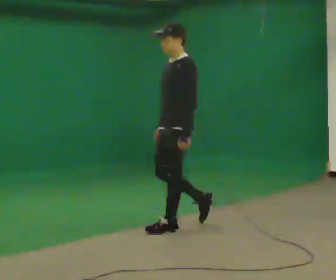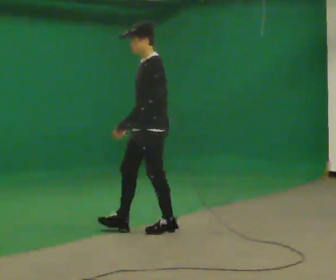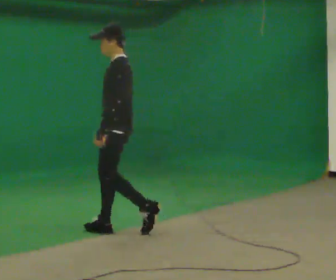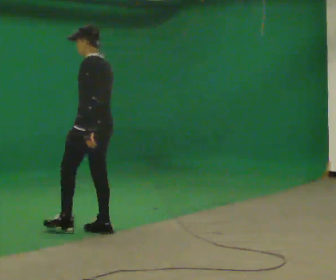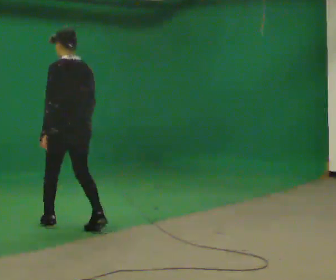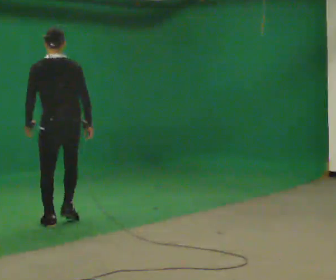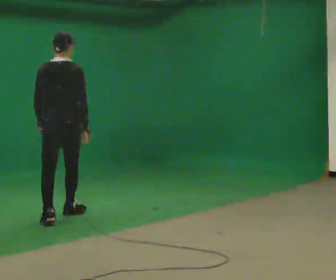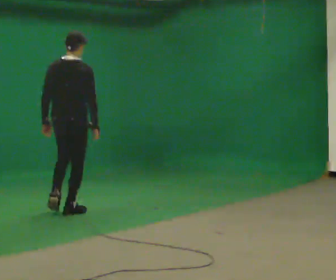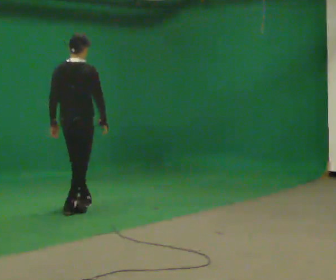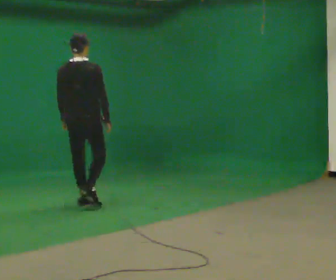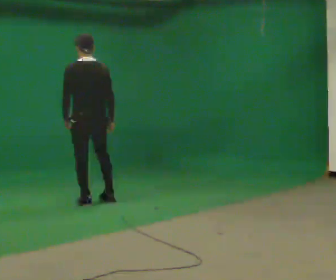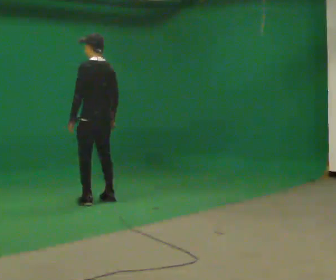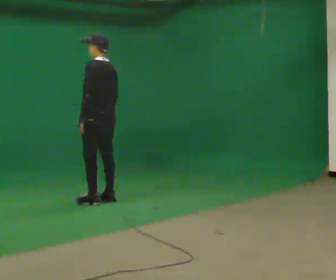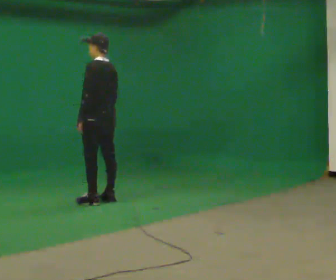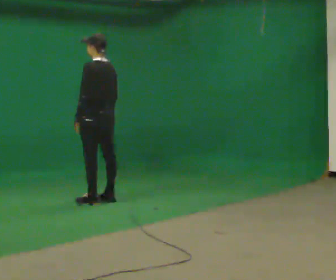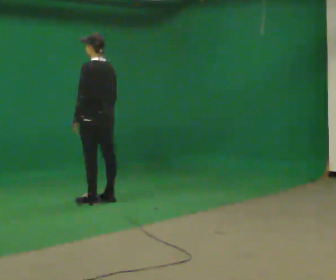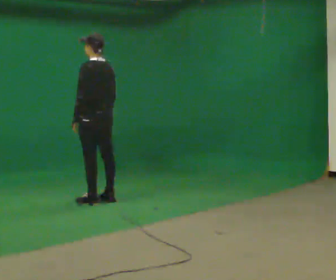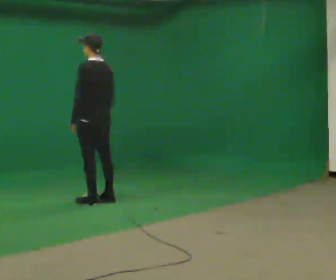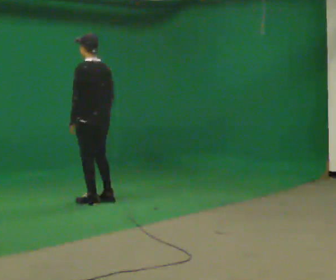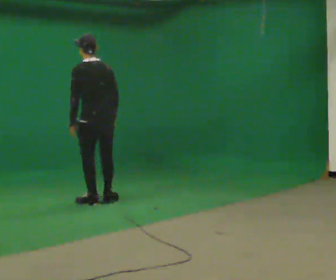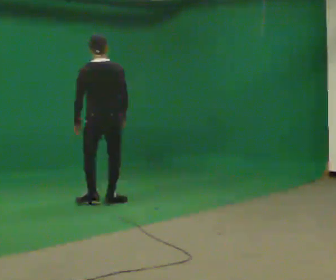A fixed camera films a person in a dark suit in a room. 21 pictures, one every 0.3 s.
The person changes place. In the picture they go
away from the camera.
The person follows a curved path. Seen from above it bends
clockwise.
0.0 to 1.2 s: The part of the body nearest the lens slides to the left as the person turns to their right by about 75 degrees. In the picture they go to the left, about 1 m in 2 steps.
1.2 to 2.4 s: Seen from above the body turns clockwise, about 60 degrees: to their right, with its near side sliding to the left. In the picture they go away from the camera, about 1 m in 2 steps, which for them is forward.
2.4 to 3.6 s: The part of the body nearest the lens slides to the right as the person turns to their left by about 75 degrees. In the picture they go away from the camera and to the right, about 0.5 m in 1 step.
3.6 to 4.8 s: The person moves a little, or ends about where they began.
4.8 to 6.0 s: The person turns about 60 degrees to their right, clockwise seen from above, so the part of the body nearest the lens slides to the left.
The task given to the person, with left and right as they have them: Walk forward; gradually curve left/right; straighten out.
The film runs forward here.
